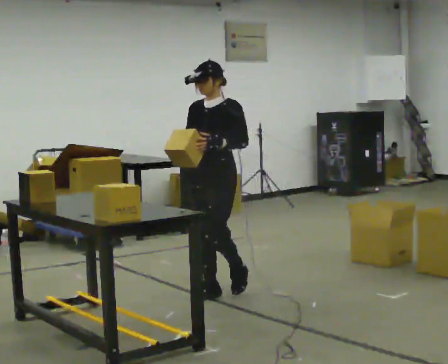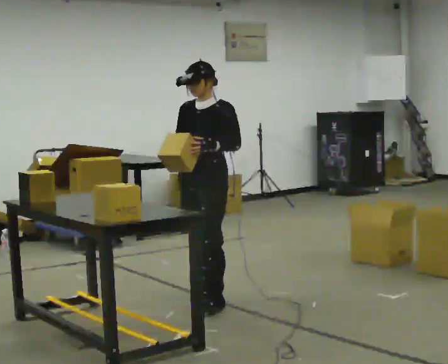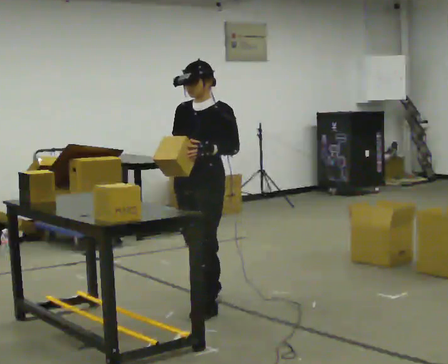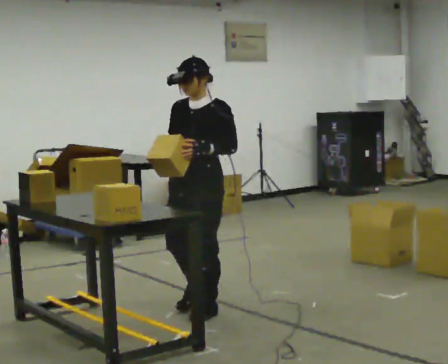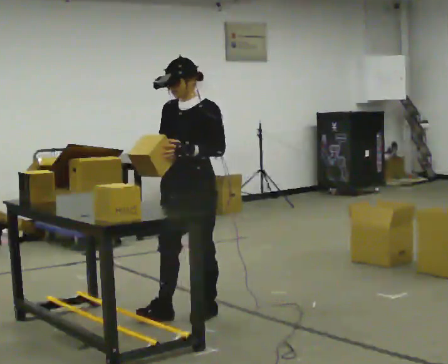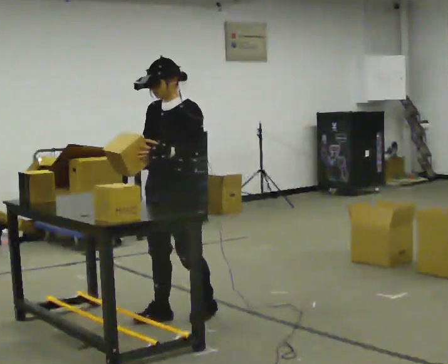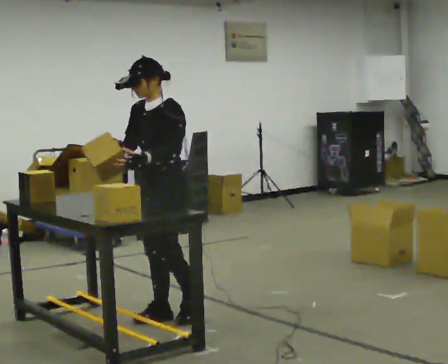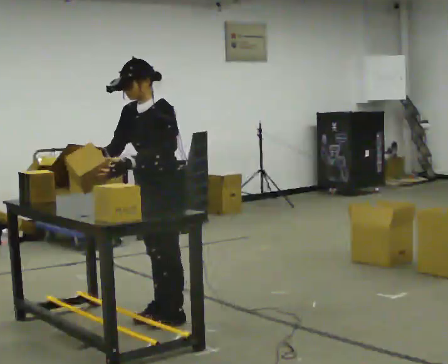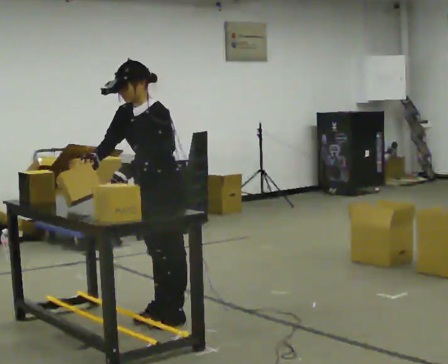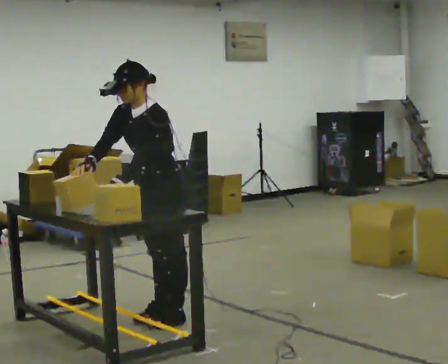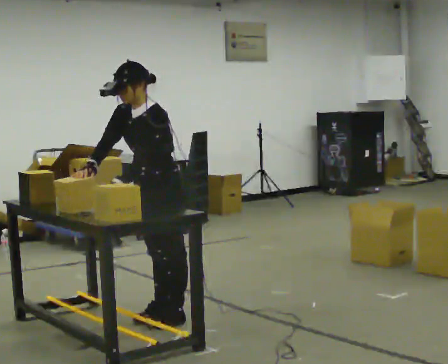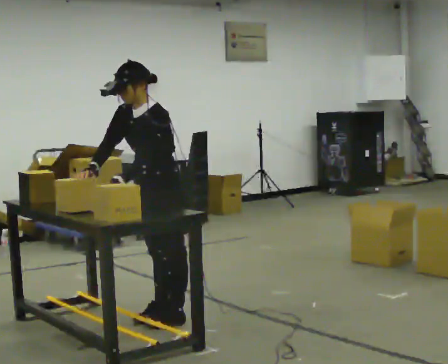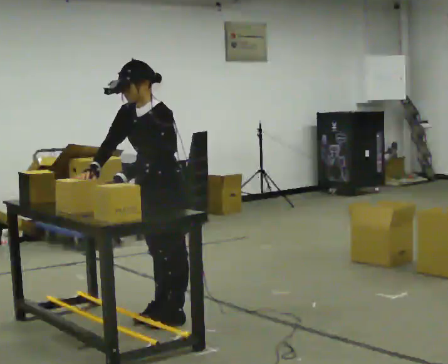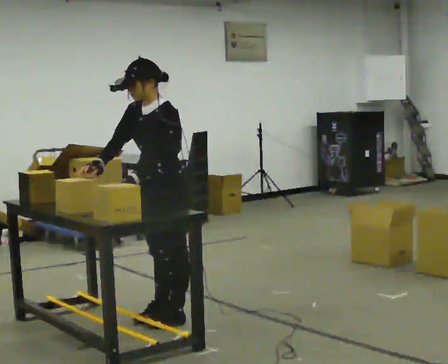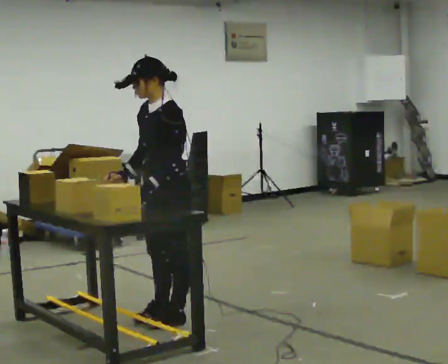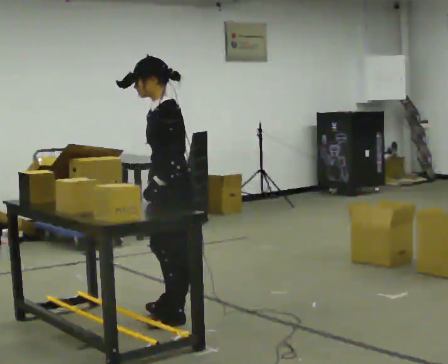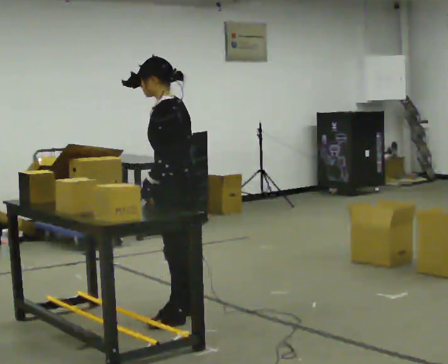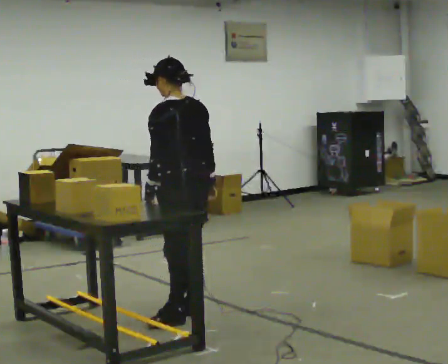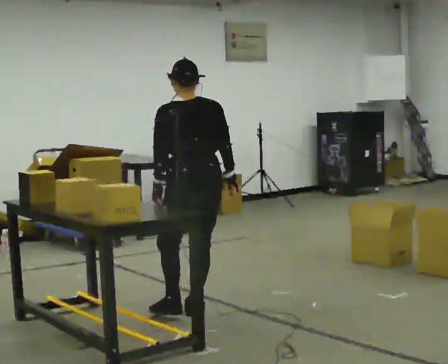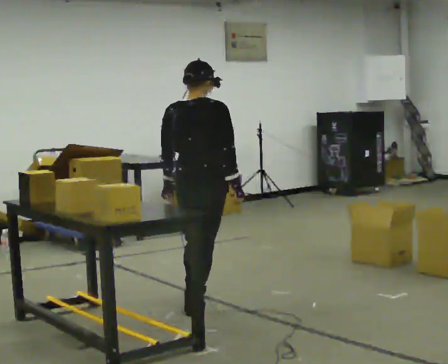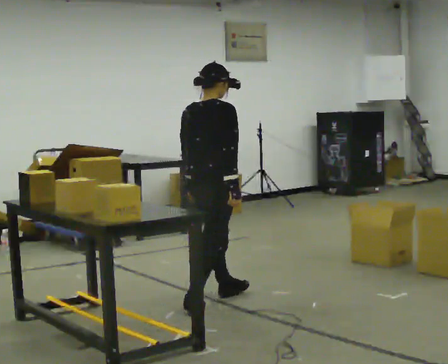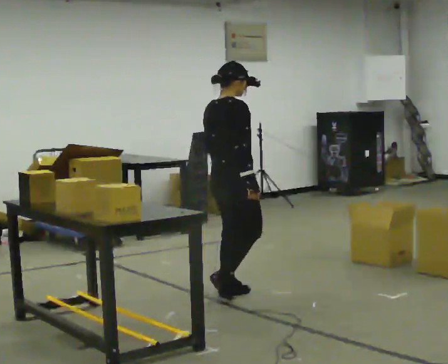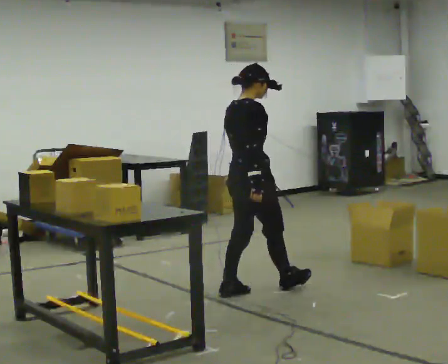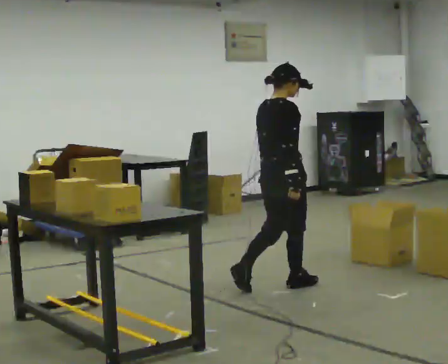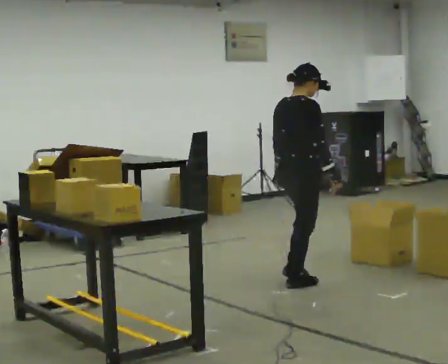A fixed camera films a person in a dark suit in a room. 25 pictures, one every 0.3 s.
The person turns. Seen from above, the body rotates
clockwise.
The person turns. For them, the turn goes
to their right.
0.0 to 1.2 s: In the picture they go toward the camera, about 0.5 m in 1 step, which for them is forward.
1.2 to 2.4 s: In the picture they go to the left, about 0.25 m in 2 steps, which for them is forward. In the picture the upper body tilts counterclockwise, shoulders to the left, as they bend forward. In the picture their left hand goes to the left.
2.4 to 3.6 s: The person moves a little, or ends about where they began.
3.6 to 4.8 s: The person turns about 45 degrees to their right, clockwise seen from above, so the part of the body nearest the lens slides to the left. The upper body tips away from the camera, its near side rolling upward, as they lean back or straighten. In the picture their right hand goes to the right, the arm swinging counterclockwise.
4.8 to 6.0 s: The person turns about 120 degrees to their right, clockwise seen from above, so the part of the body nearest the lens slides to the left. In the picture they go away from the camera and to the right, about 0.5 m in 1 step.
6.0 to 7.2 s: In the picture they go to the right and away from the camera, about 0.5 m in 1 step, which for them is forward.
The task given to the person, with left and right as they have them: 1. Look at the shelf and see which spaces are empty. 2. Find matching items in the bins on the floor. 3. Fill the empty spaces on the shelf. 4. Tell the operator when you are finished.
The film runs forward here.
